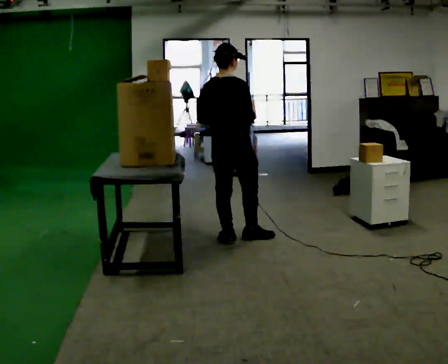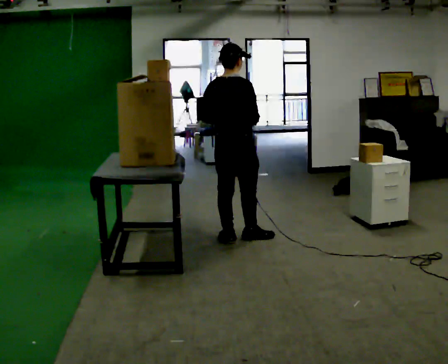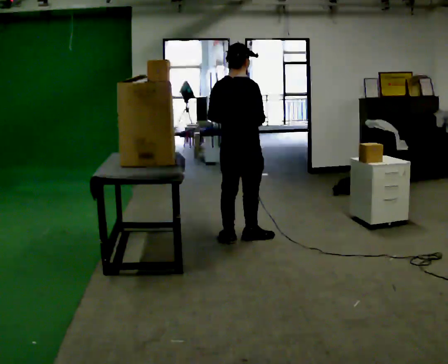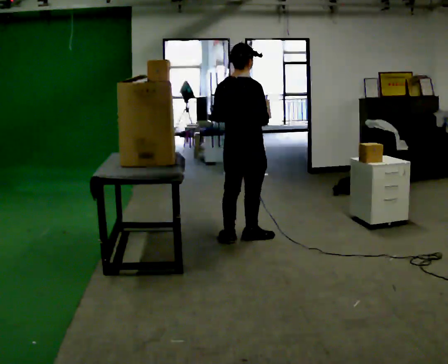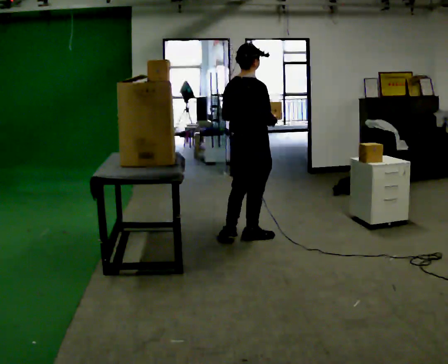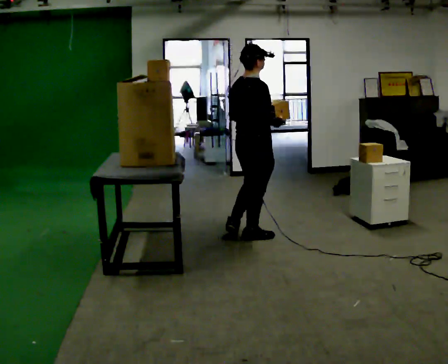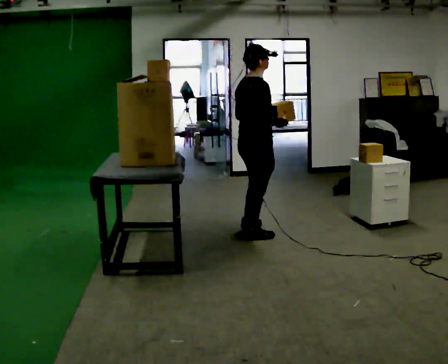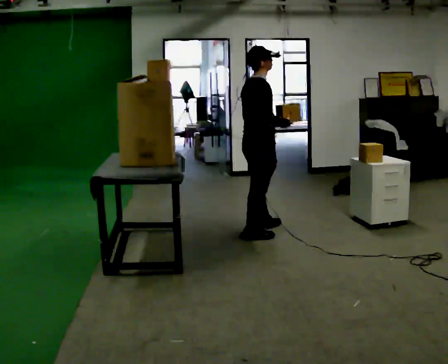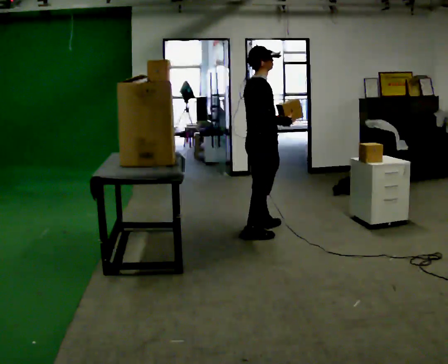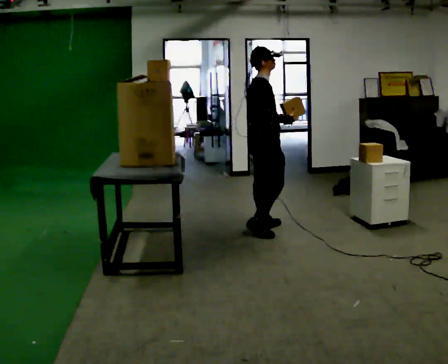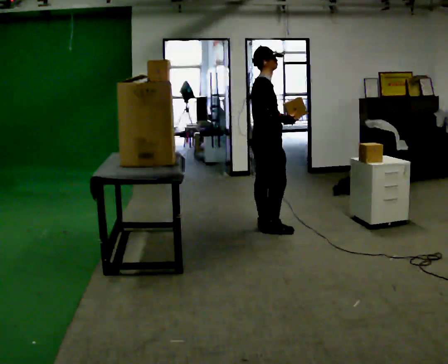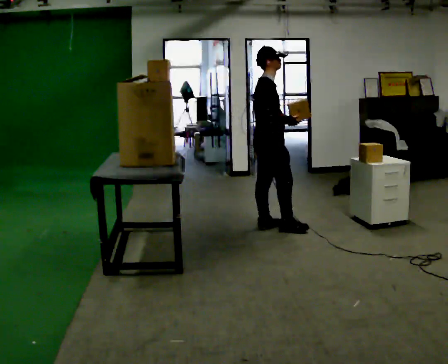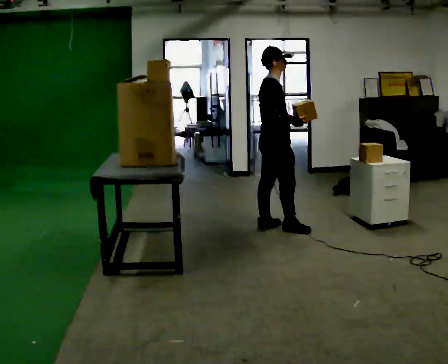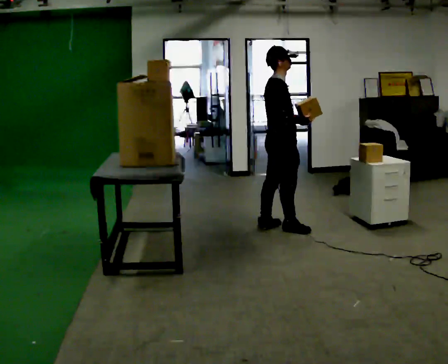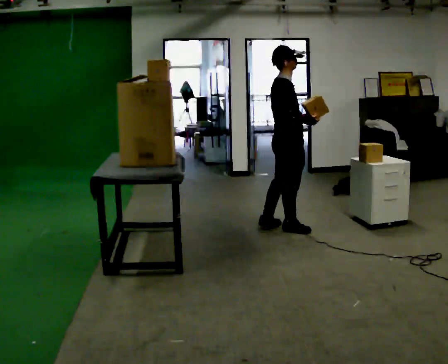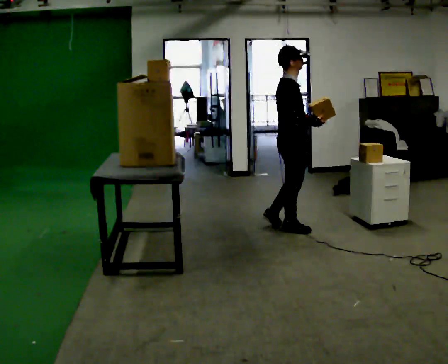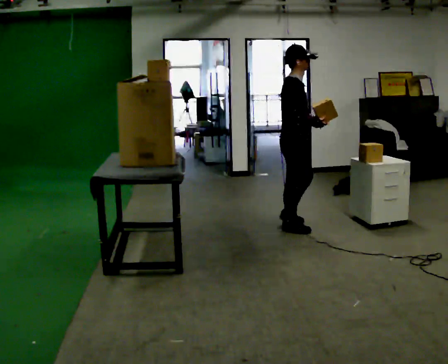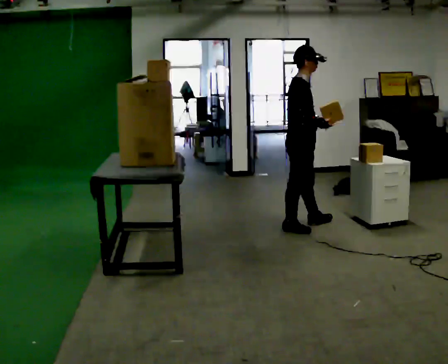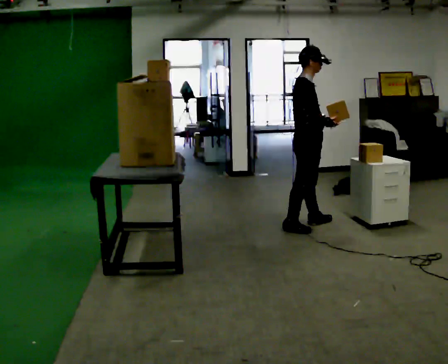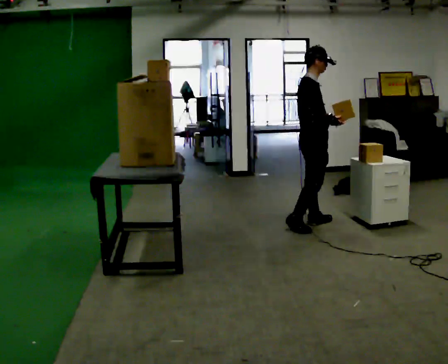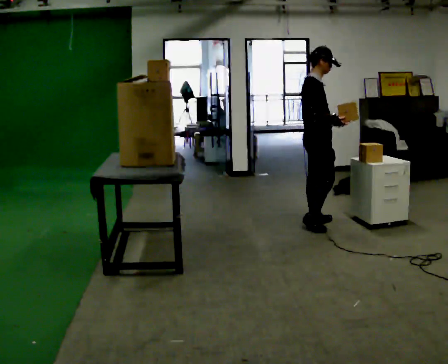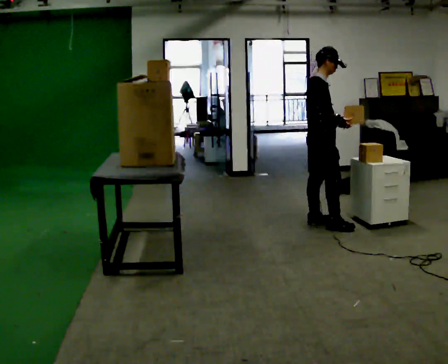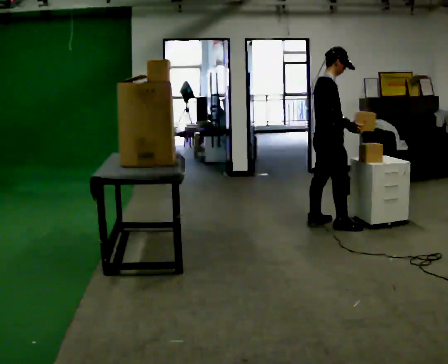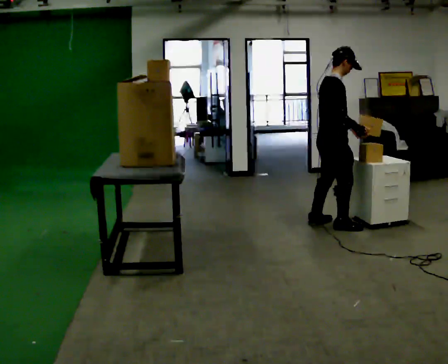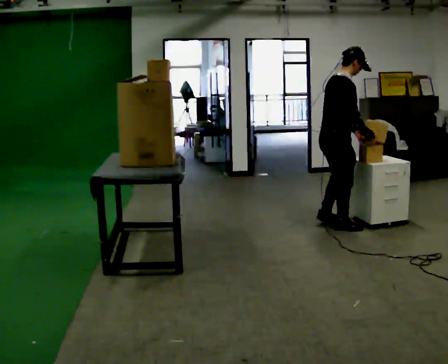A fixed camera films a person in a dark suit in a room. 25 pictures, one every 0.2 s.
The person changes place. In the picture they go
to the right.
0.0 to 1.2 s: Seen from above the body turns clockwise, about 30 degrees: to their right, with its near side sliding to the left. In the picture they go to the right, about 0.25 m, which for them is forward and to their right. In the picture their left hand goes to the right.
1.2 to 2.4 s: In the picture they go away from the camera and to the right, about 0.25 m in 2 steps, which for them is forward and to their left.
2.4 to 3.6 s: In the picture they go to the right, about 0.25 m in 1 step, which for them is forward.
3.6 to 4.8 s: In the picture they go to the right, about 0.25 m in 1 step, which for them is forward.
The film runs forward here.
